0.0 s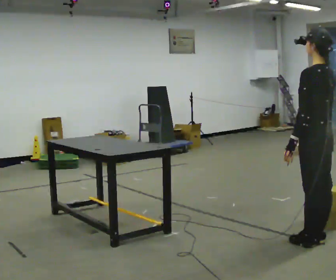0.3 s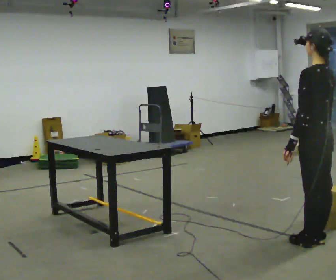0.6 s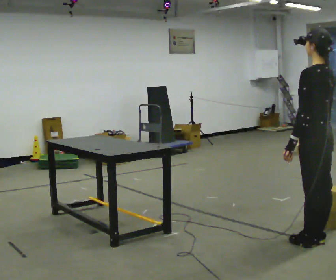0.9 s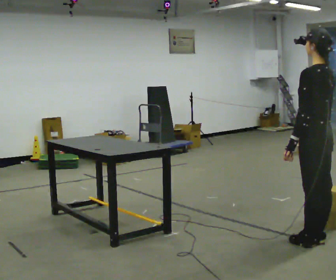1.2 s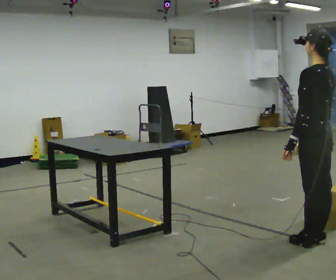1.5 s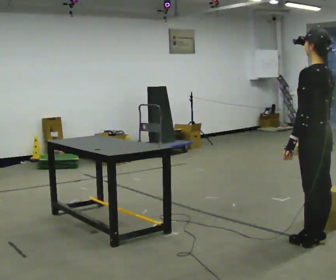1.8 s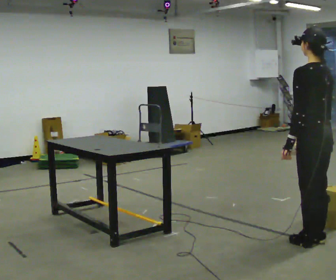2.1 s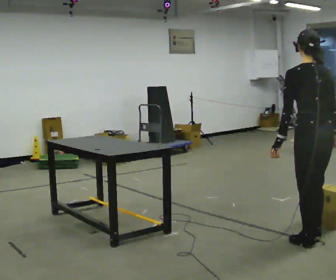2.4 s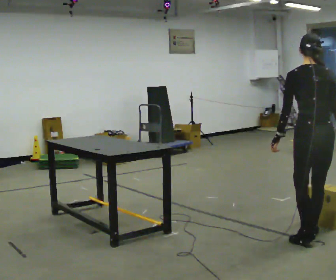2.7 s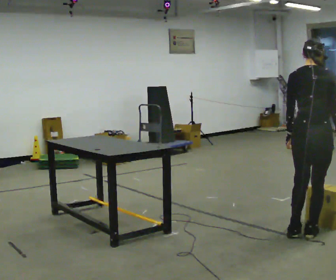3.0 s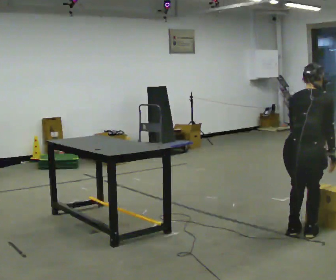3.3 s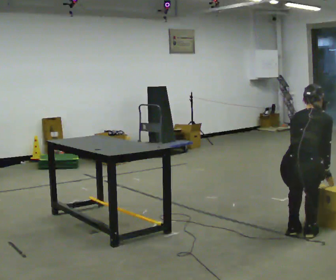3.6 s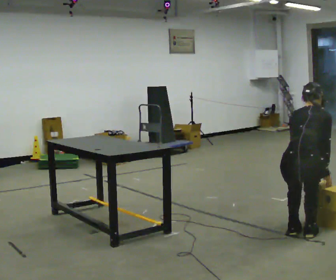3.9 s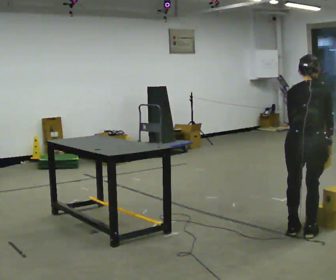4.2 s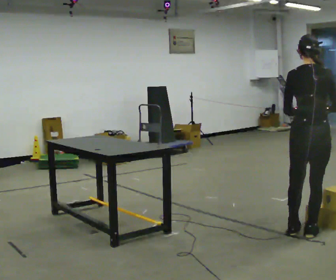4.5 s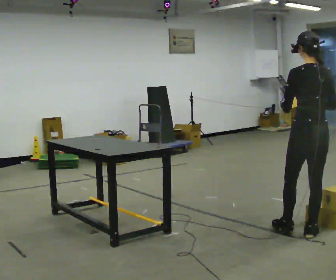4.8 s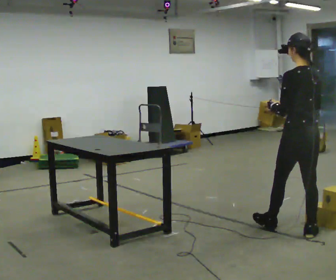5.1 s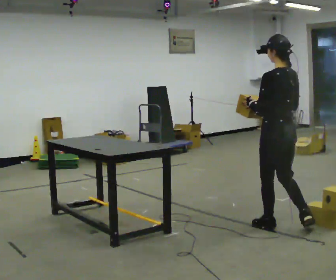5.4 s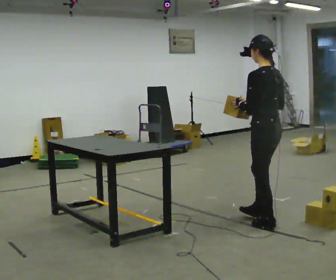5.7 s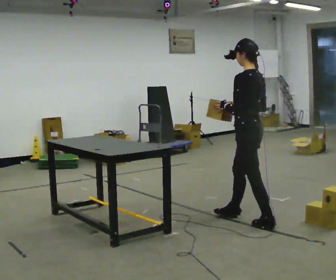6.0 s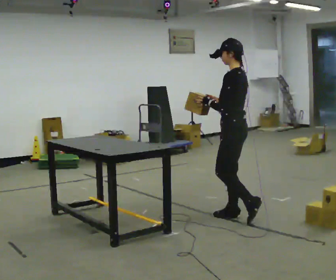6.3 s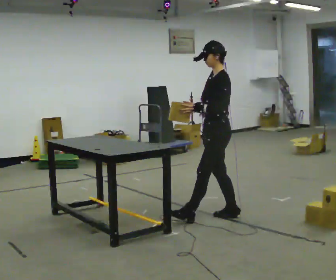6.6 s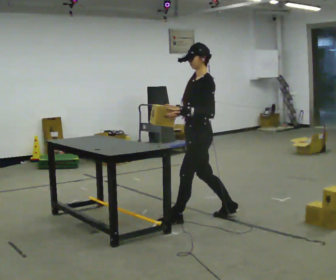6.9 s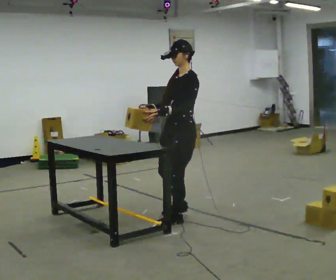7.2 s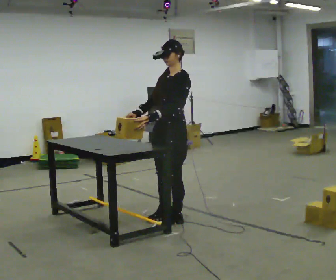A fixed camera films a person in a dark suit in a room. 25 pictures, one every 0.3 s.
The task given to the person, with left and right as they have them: Pick up the next box in the row and carry it to the table. The operator will not tell you how heavy each one is. Keep going until the operator says stop; one object at a time, and do not rush between trips.
0.0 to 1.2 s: The person keeps their place and pose.
1.2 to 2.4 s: The part of the body nearest the lens slides to the left as the person turns to their right by about 45 degrees.
2.4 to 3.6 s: Seen from above the body turns clockwise, about 30 degrees: to their right, with its near side sliding to the left. The upper body goes downward. The upper body tips away from the camera, its near side rolling upward, as they bend forward. In the picture their left hand goes downward and to the right.
3.6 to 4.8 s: Seen from above the body turns counterclockwise, about 60 degrees: to their left, with its near side sliding to the right. In the picture they go away from the camera, about 0.25 m in 1 step, which for them is forward. The shoulders move upward. The upper body tips toward the camera, its near side rolling downward, as they lean back or straighten. In the picture their left hand goes upward and to the left, the arm swinging clockwise.
4.8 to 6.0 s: Seen from above the body turns counterclockwise, about 45 degrees: to their left, with its near side sliding to the right. In the picture they go away from the camera and to the left, about 0.75 m in 1 step, which for them is forward.
6.0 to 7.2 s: Seen from above the body turns counterclockwise, about 45 degrees: to their left, with its near side sliding to the right. In the picture they go to the left, about 0.5 m in 2 steps, which for them is forward.
The film runs forward here.
